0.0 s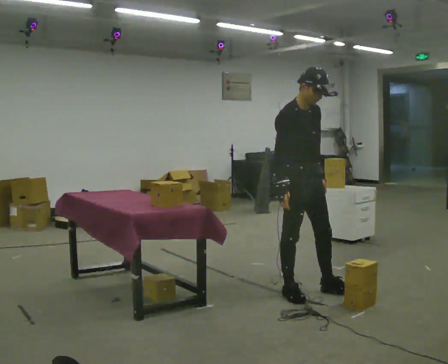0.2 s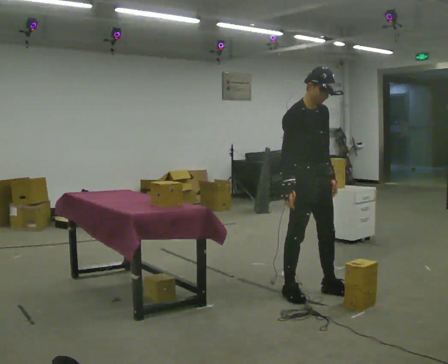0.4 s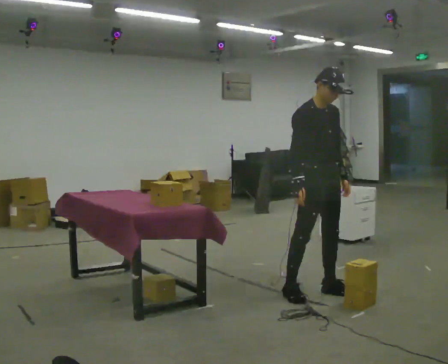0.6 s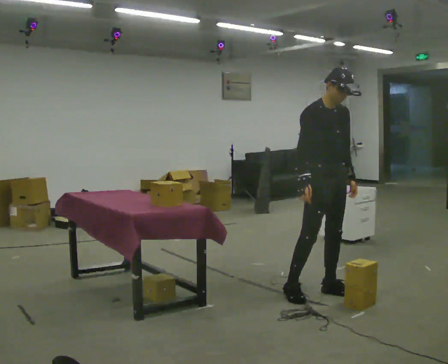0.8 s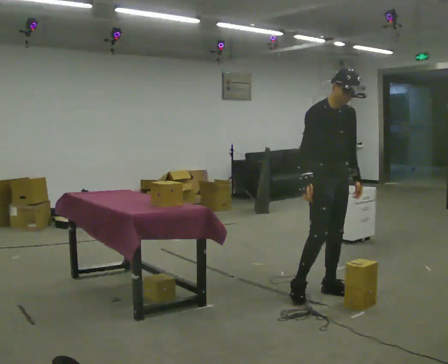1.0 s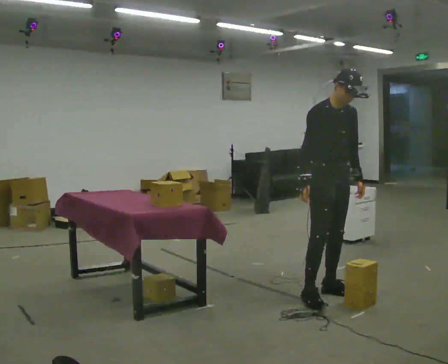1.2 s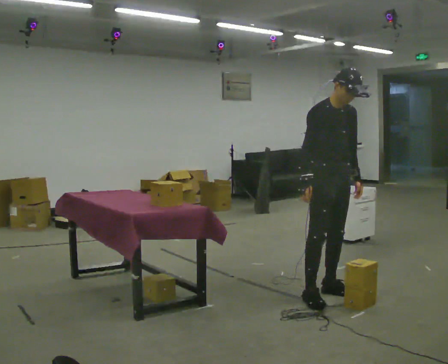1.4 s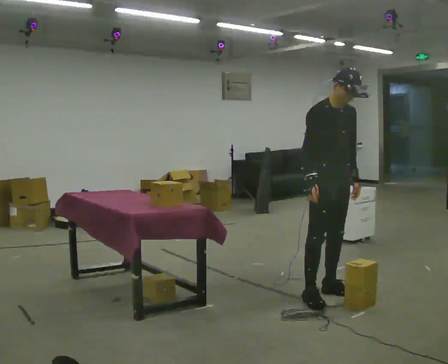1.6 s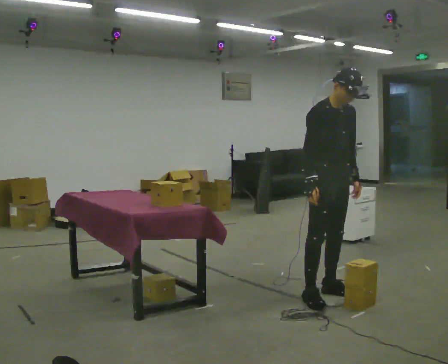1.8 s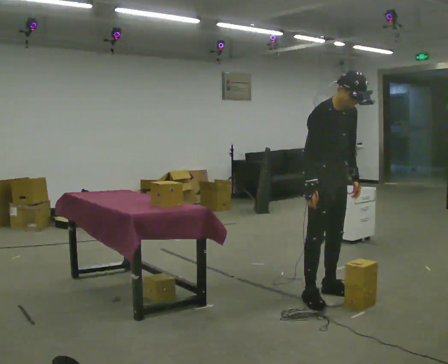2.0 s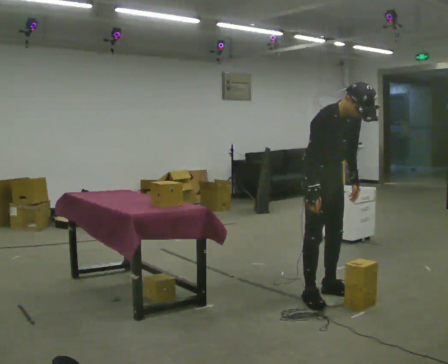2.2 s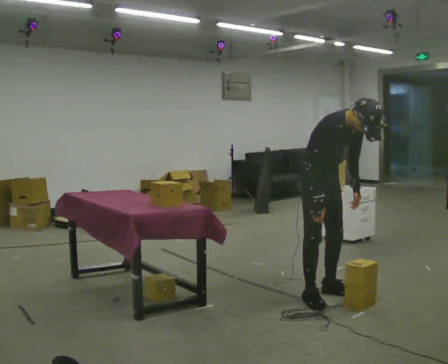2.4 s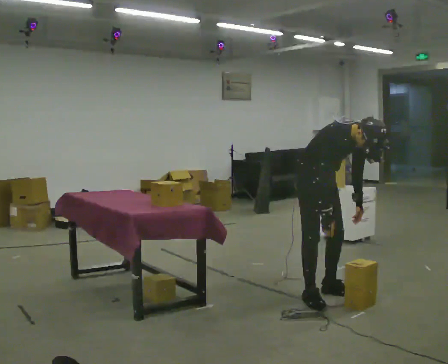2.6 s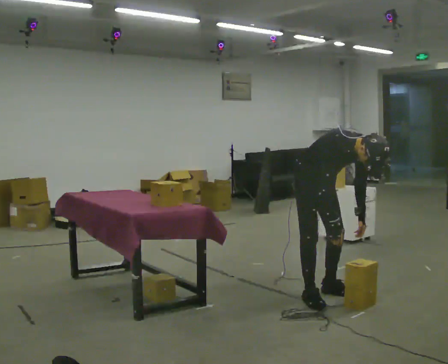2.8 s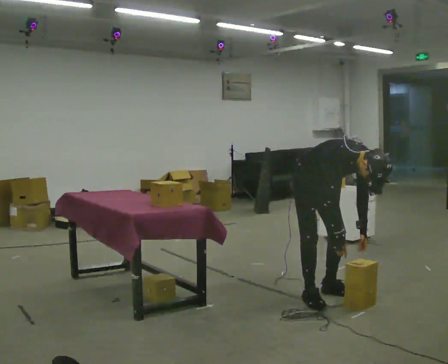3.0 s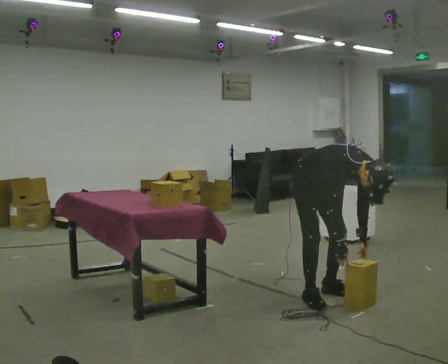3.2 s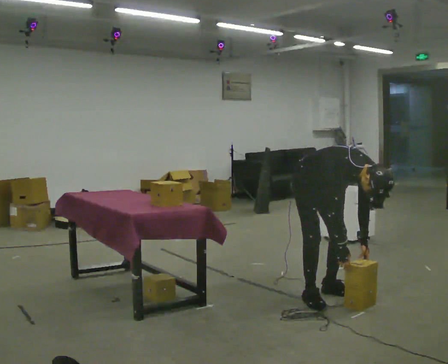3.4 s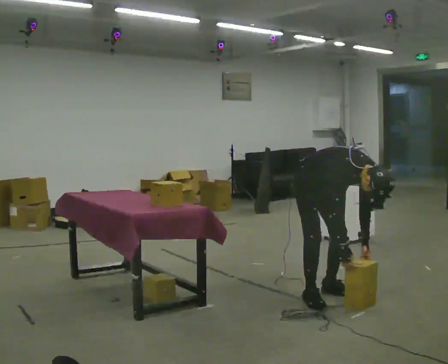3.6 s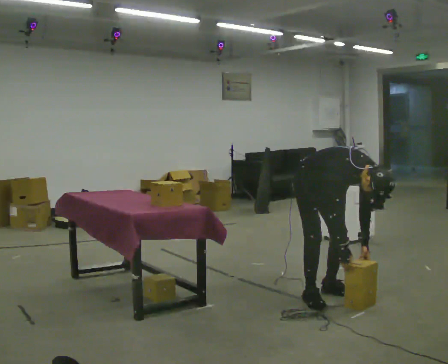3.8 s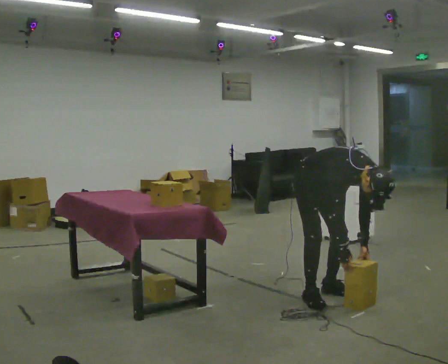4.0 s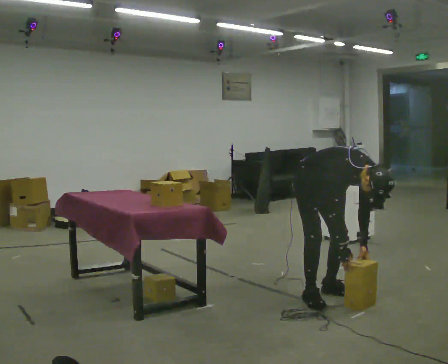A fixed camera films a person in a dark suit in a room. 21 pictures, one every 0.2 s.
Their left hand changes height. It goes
downward.
The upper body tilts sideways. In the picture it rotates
clockwise.
0.0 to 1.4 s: In the picture they go to the right, about 0.25 m in 1 step, which for them is to their left.
1.4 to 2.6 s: The upper body goes downward. In the picture the upper body tilts clockwise, shoulders to the right, as they bend forward.
2.6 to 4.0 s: The upper body tips toward the camera, its near side rolling downward, as they bend forward.
The film runs forward here.
